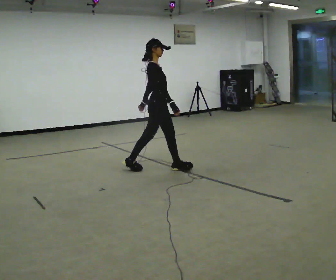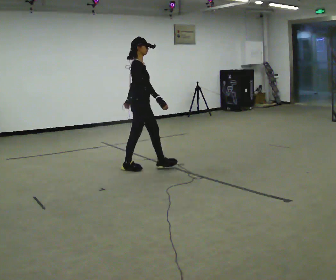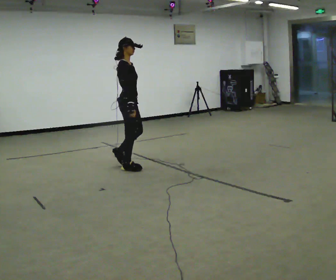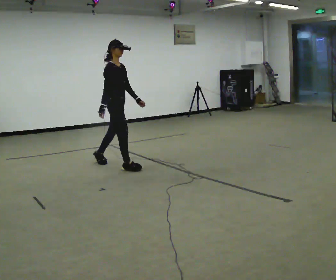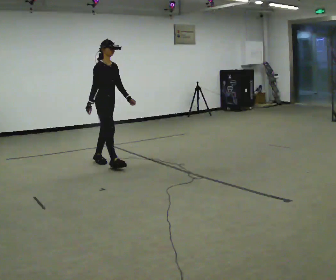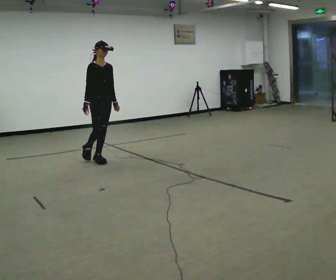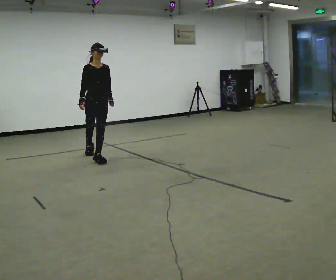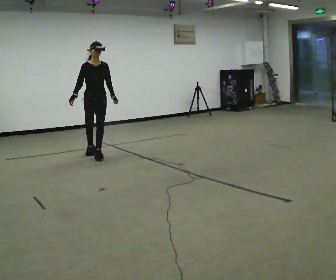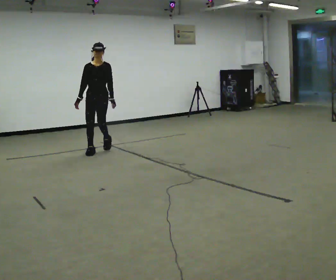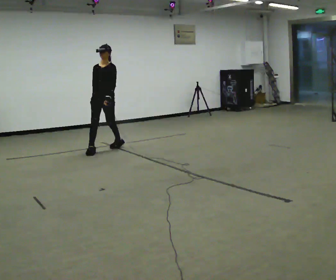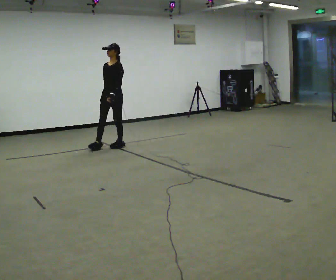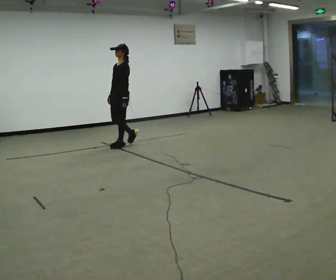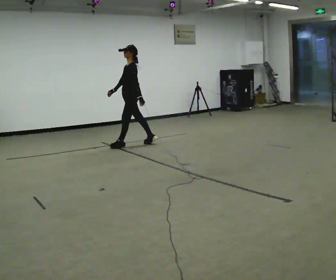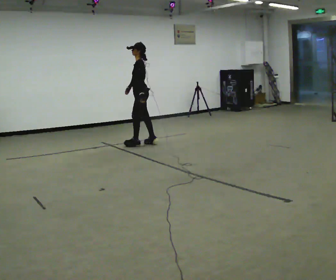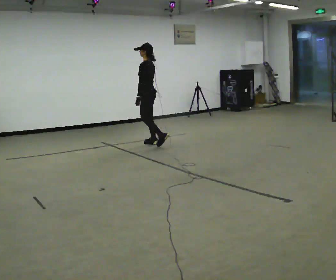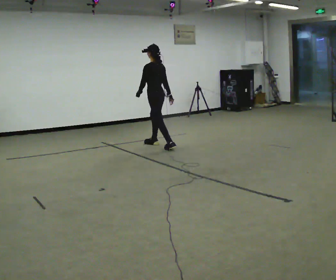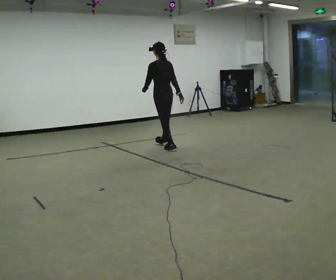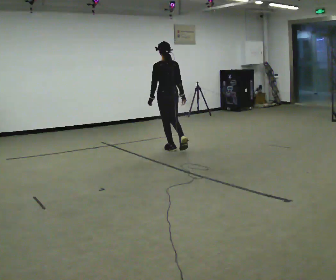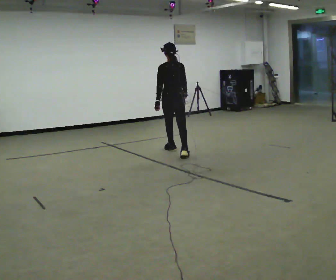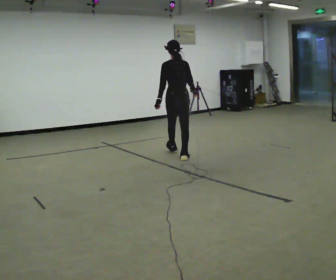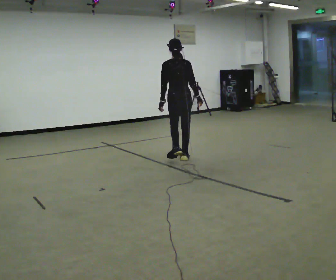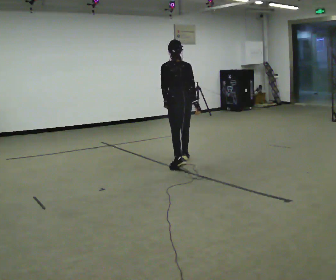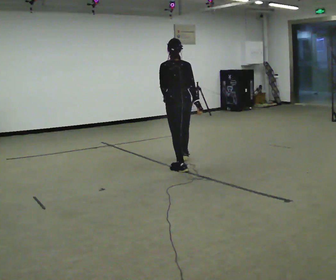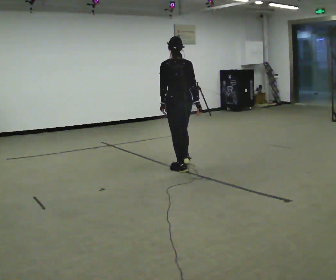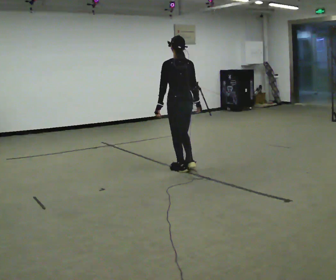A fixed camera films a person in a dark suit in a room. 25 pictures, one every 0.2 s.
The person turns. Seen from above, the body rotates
clockwise.
The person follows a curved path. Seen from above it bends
clockwise.
0.0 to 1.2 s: The person turns about 60 degrees to their right, clockwise seen from above, so the part of the body nearest the lens slides to the left. In the picture they go to the left and away from the camera, about 1 m in 2 steps, which for them is backward.
1.2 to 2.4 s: Seen from above the body turns clockwise, about 105 degrees: to their right, with its near side sliding to the left. In the picture they go away from the camera and to the right, about 1 m in 2 steps.
2.4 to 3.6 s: The person turns about 90 degrees to their right, clockwise seen from above, so the part of the body nearest the lens slides to the left. In the picture they go to the right and toward the camera, about 1 m in 2 steps.
3.6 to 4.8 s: In the picture they go toward the camera, about 1 m in 2 steps, which for them is backward.
The film runs backward here.
